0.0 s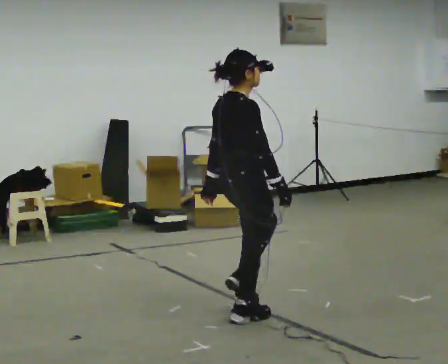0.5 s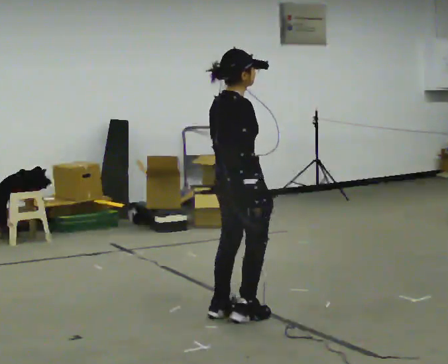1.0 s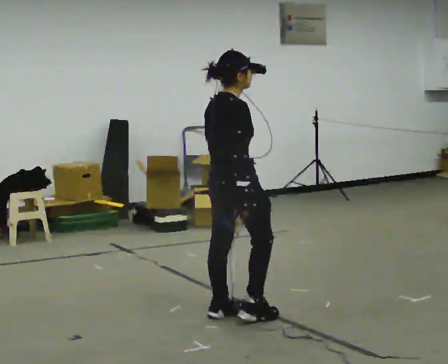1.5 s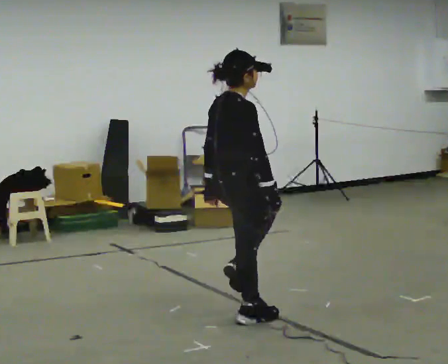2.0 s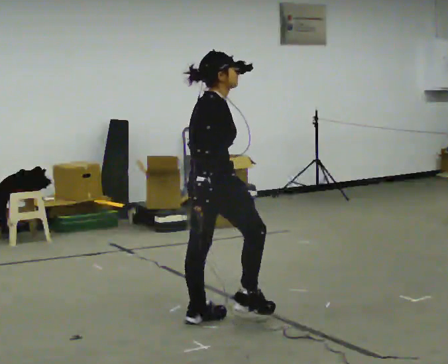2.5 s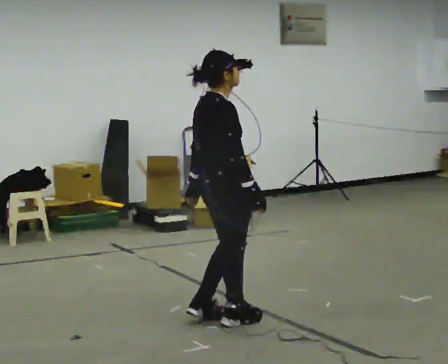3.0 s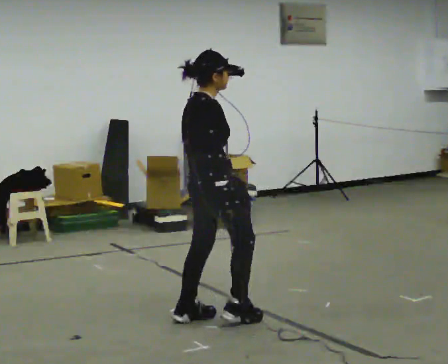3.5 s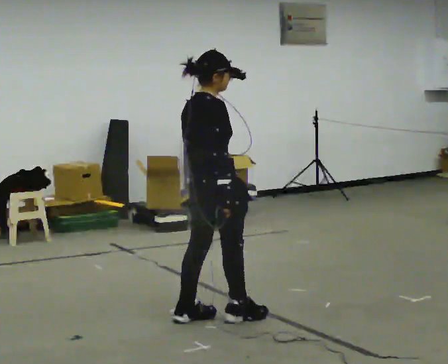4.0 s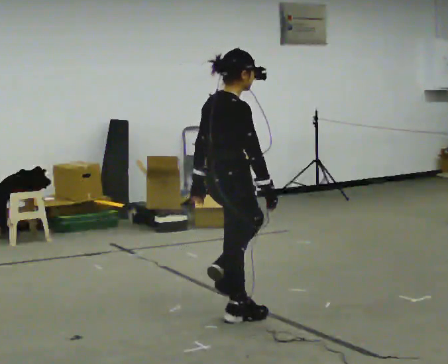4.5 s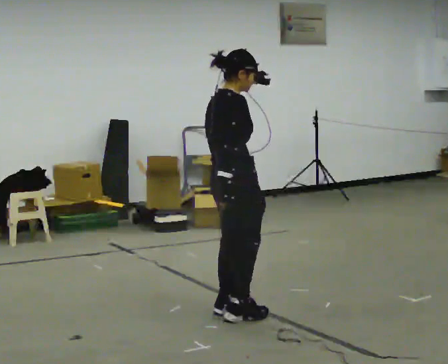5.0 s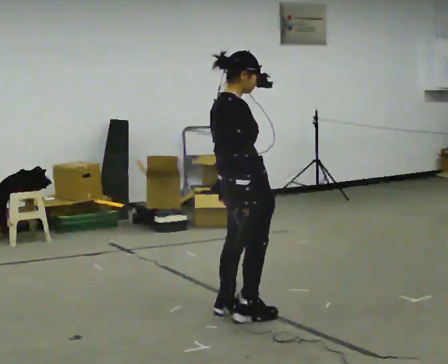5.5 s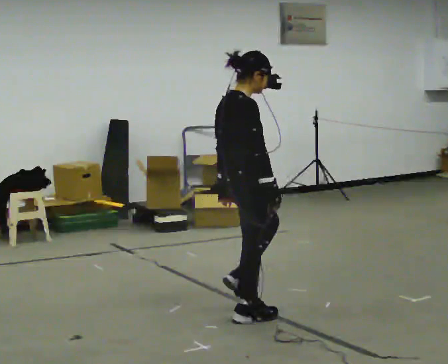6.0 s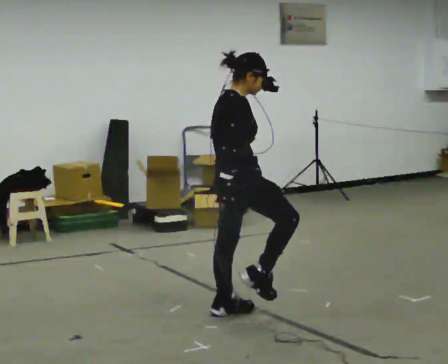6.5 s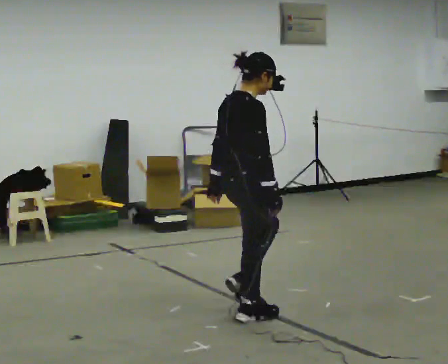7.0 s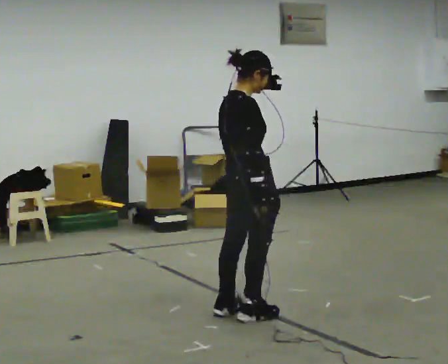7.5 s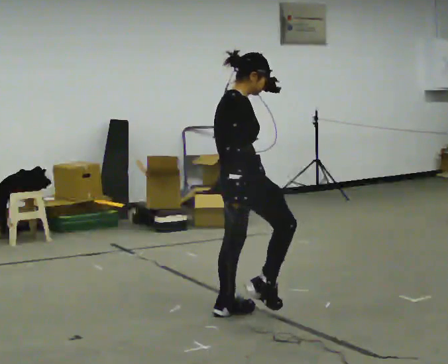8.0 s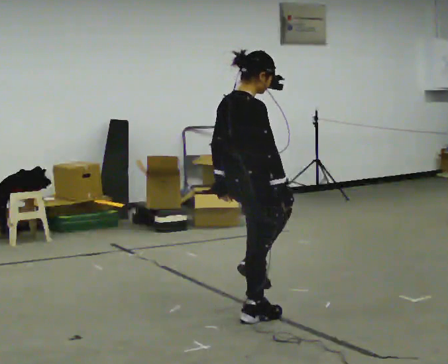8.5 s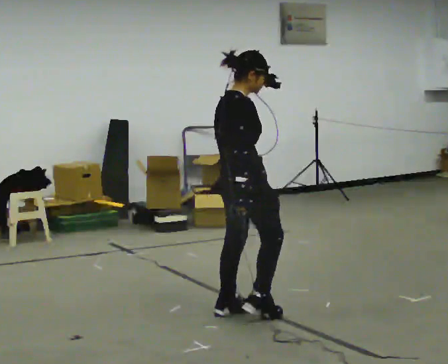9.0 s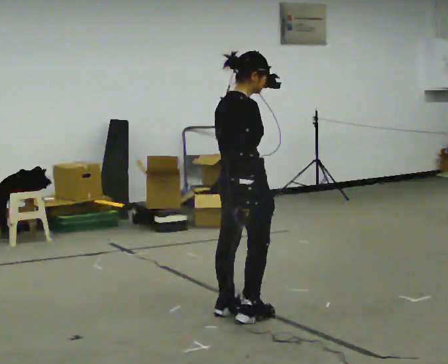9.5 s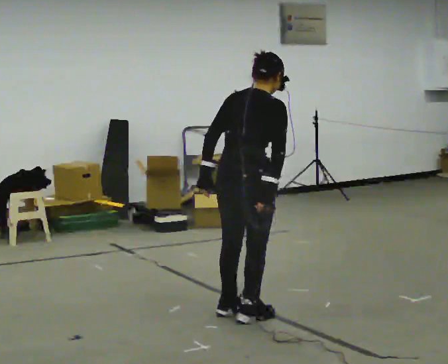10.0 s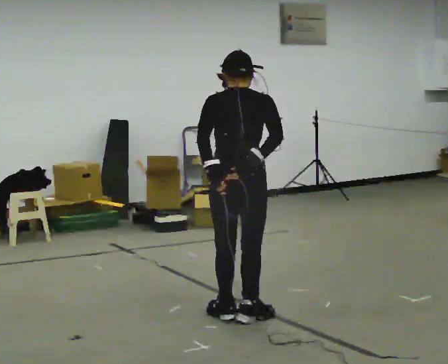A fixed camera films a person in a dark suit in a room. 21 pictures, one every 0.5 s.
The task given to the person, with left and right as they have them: March in place at a comfortable rhythm without moving forward; stop.
0.0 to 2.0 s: In the picture they go to the left, about 0.25 m in 1 step, which for them is backward. In the picture their right hand goes to the left.
2.0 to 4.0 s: In the picture their right hand goes to the right.
4.0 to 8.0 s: The person moves a little, or ends about where they began.
8.0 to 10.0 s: Seen from above the body turns counterclockwise, about 60 degrees: to their left, with its near side sliding to the right.
The film runs forward here.
